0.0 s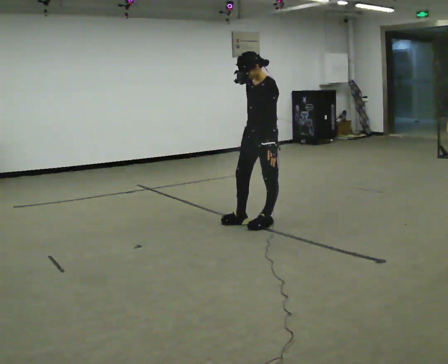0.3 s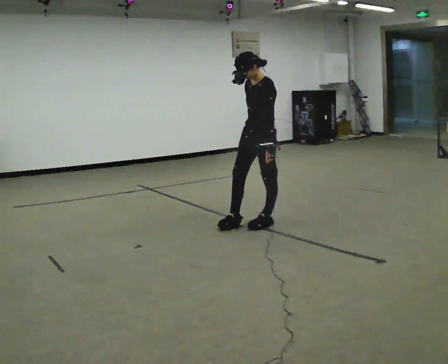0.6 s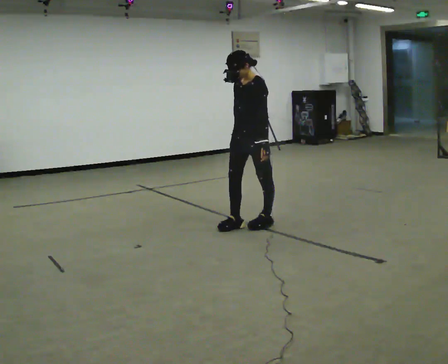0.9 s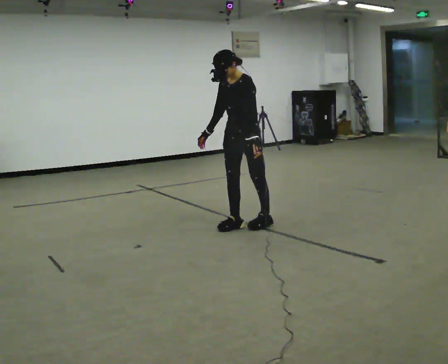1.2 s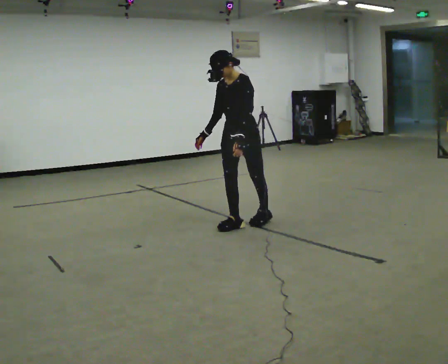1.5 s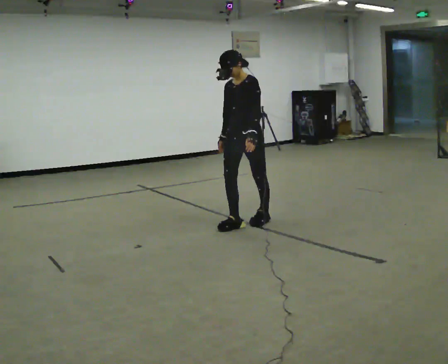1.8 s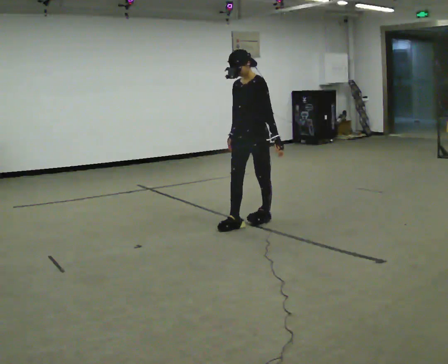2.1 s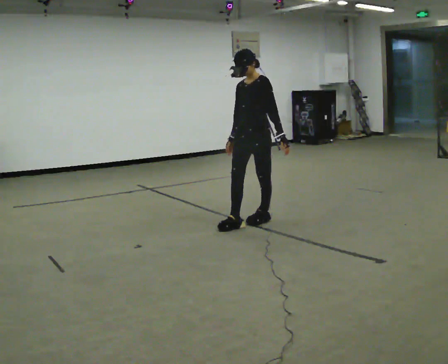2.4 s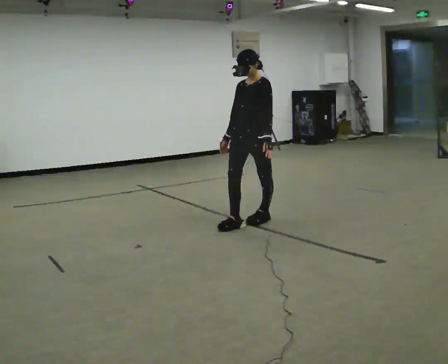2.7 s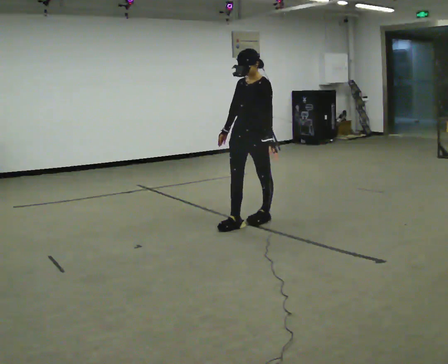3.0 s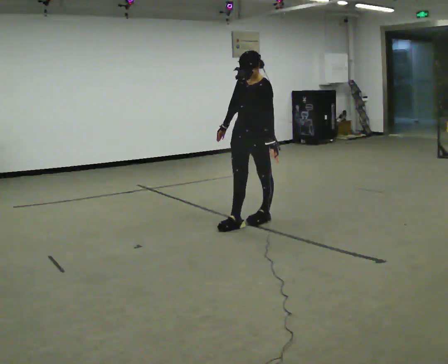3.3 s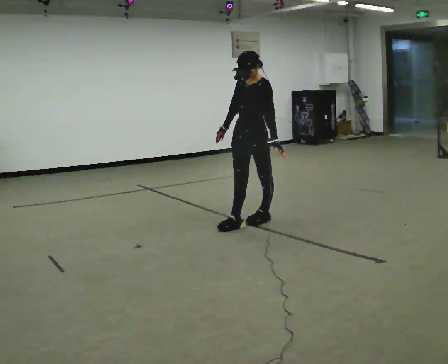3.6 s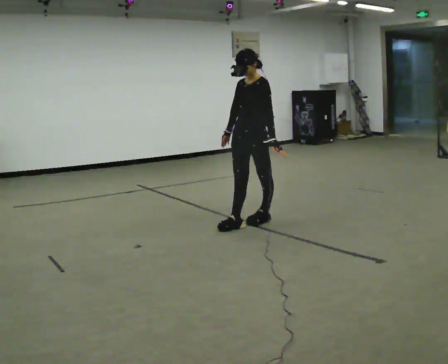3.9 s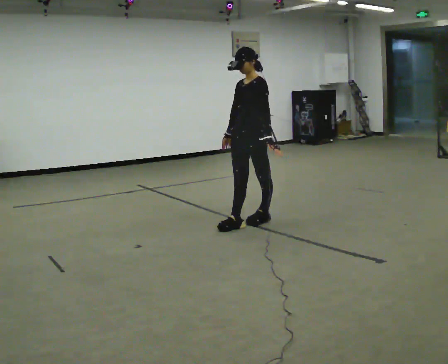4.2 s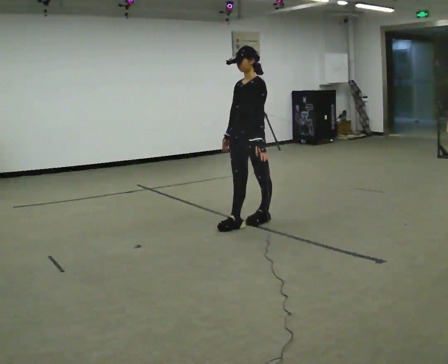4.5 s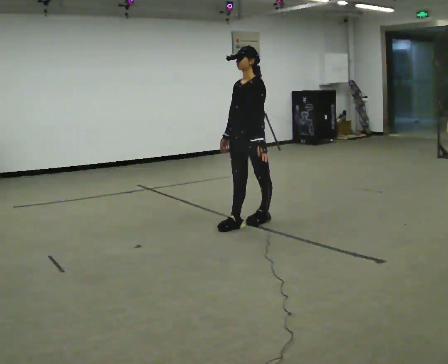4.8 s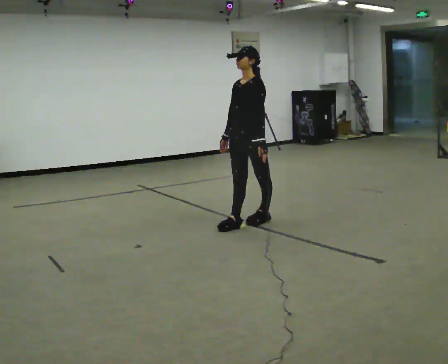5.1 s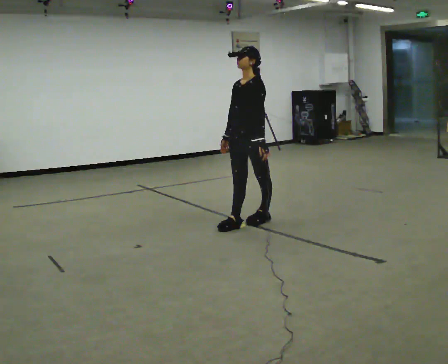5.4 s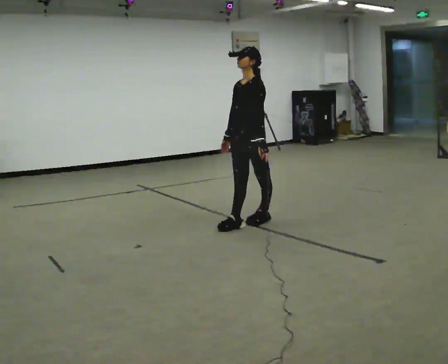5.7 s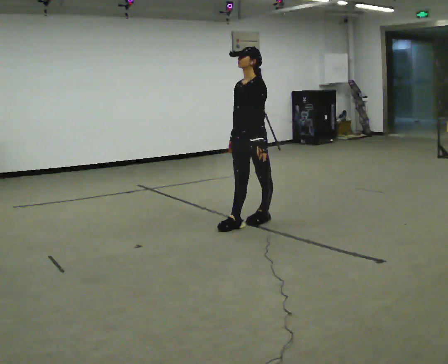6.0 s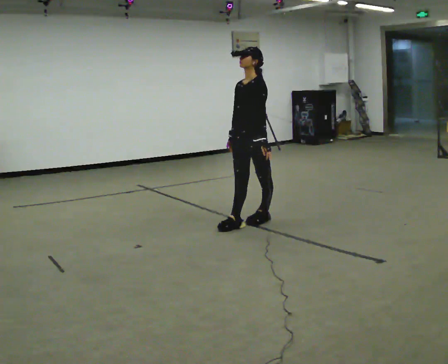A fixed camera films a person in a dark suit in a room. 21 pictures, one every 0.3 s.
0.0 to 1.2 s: The person turns about 30 degrees to their left, counterclockwise seen from above, so the part of the body nearest the lens slides to the right. In the picture they go to the left, about 0.25 m, which for them is forward. In the picture their right hand goes to the left.
1.2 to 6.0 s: The person moves a little, or ends about where they began.
The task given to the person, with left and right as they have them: Stand with one foot directly in front of the other, heel to toe, on the marked line. Hold your balance until you lose it, then step out. Repeat at your own pace until the operator says stop. Go slowly and only as far as you are comfortable. Step whenever you need to; do not try to hold on longer than feels safe.
The film runs forward here.
